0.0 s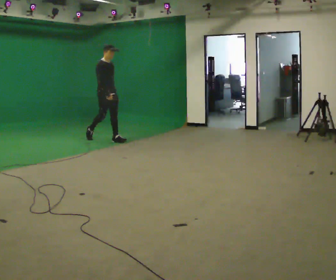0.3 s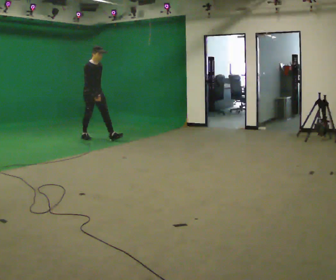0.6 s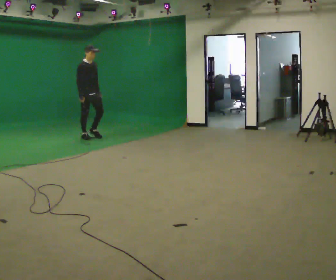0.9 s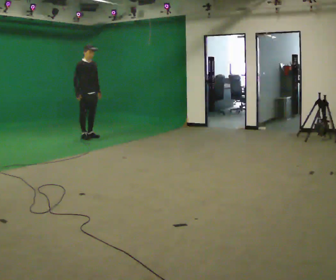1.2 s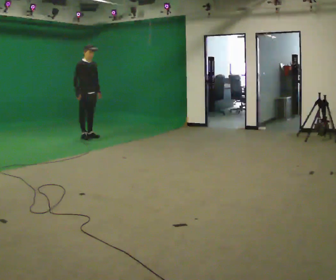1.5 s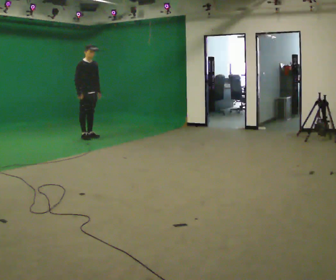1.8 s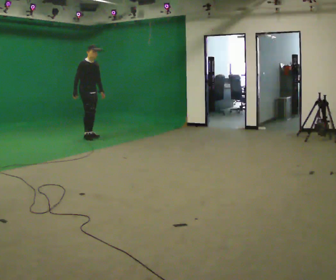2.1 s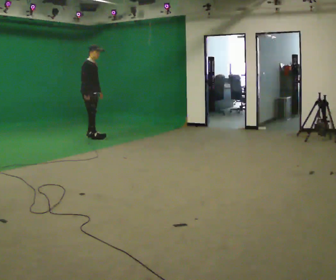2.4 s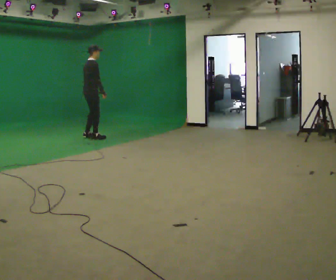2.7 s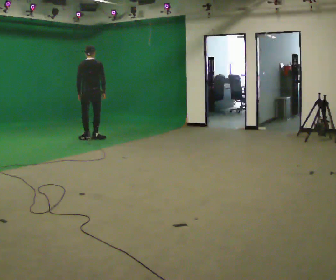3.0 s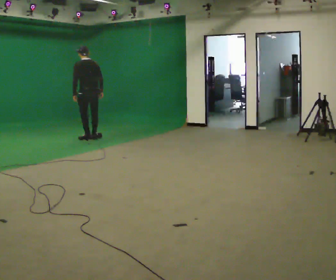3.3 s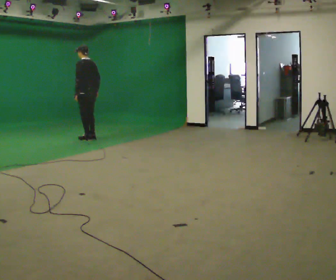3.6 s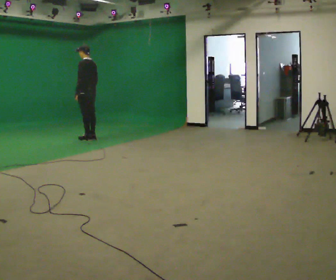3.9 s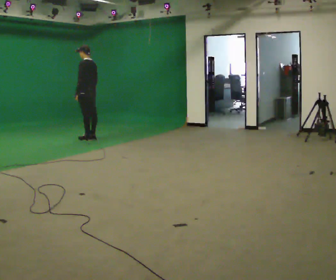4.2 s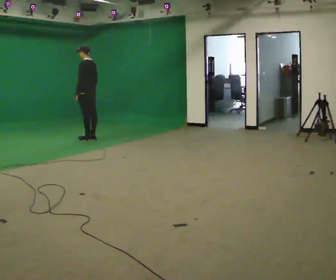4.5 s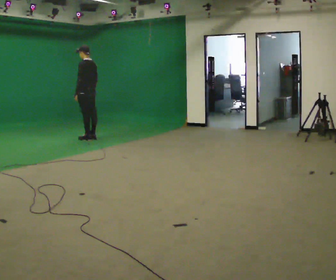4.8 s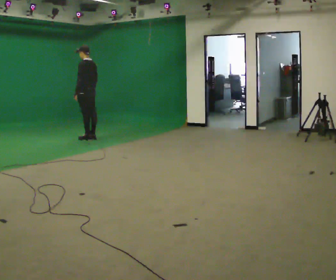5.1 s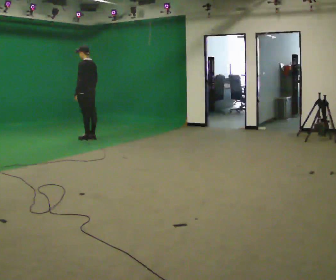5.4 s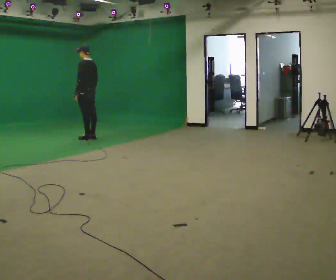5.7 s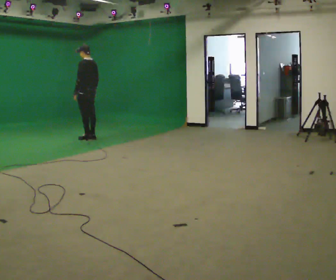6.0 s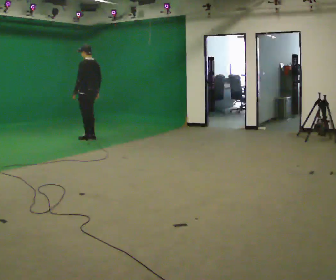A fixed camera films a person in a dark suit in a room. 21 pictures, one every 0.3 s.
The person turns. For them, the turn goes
to their left.
The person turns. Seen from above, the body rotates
counterclockwise.
0.0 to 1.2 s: In the picture they go to the left and away from the camera, about 0.5 m in 1 step, which for them is backward.
1.2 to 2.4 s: The person turns about 60 degrees to their left, counterclockwise seen from above, so the part of the body nearest the lens slides to the right. In the picture their right hand goes to the right.
2.4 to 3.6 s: The part of the body nearest the lens slides to the right as the person turns to their left by about 135 degrees.
3.6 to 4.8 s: The person keeps their place and pose.
4.8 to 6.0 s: The person moves a little, or ends about where they began.
The film runs backward here.
